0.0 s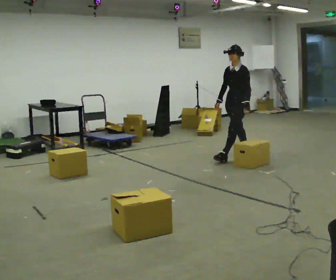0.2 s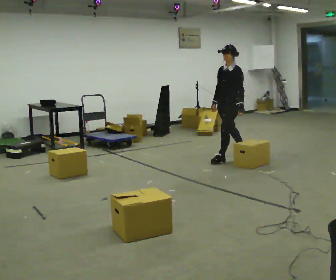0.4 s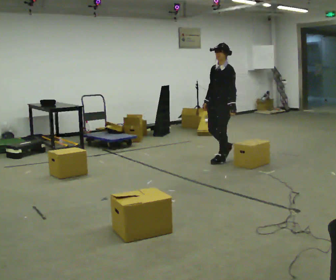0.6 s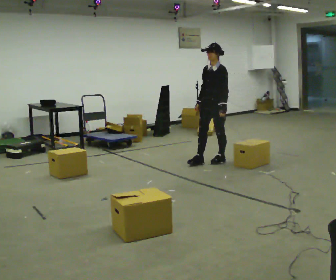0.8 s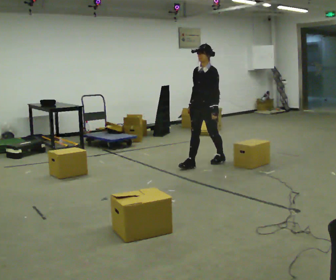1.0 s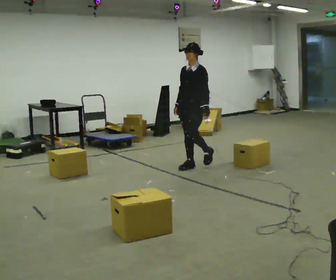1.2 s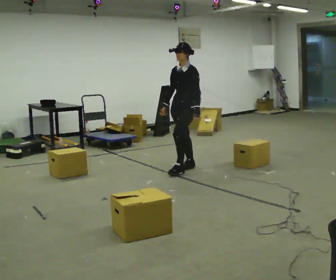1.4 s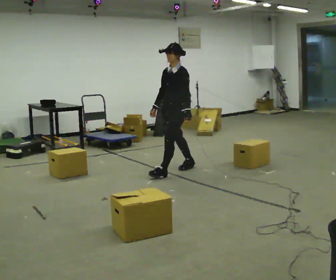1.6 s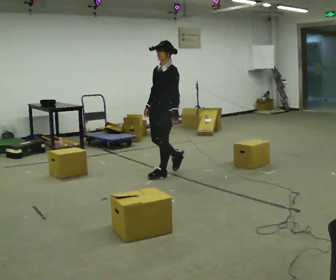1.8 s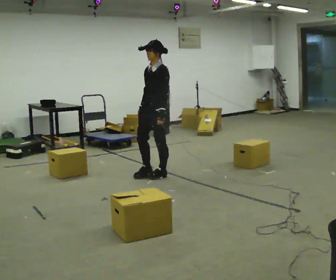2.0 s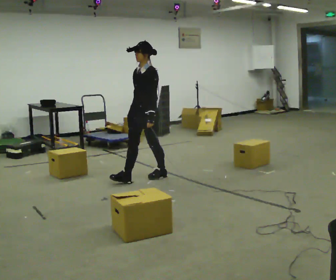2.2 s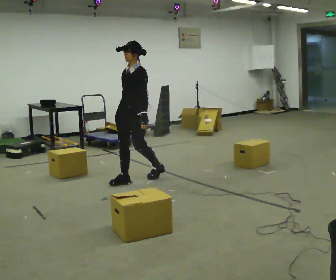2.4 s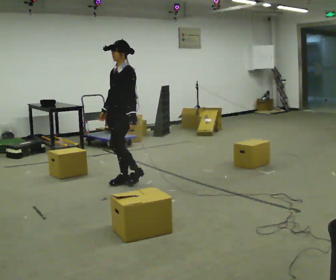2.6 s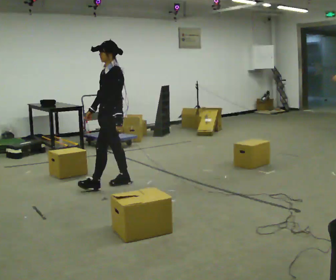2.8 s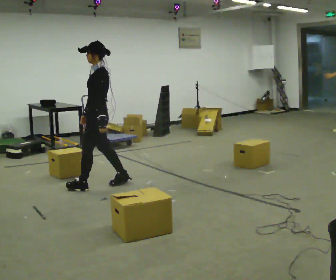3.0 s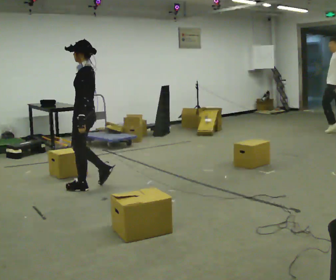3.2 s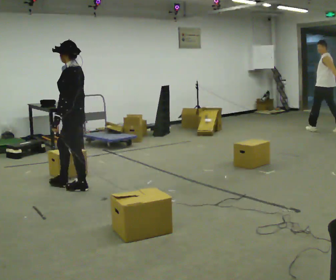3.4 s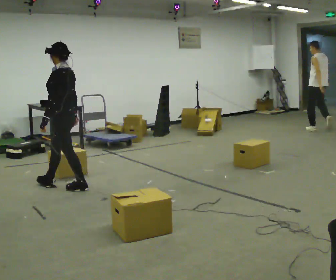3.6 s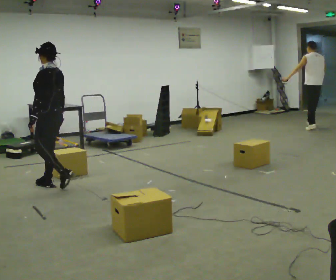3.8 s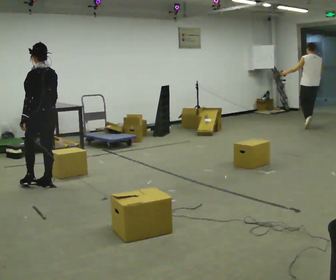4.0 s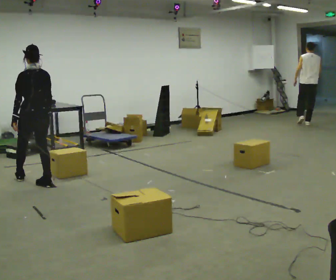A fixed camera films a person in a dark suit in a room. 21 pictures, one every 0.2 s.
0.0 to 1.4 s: In the picture they go to the left and toward the camera, about 1 m in 3 steps, which for them is forward.
1.4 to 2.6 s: In the picture they go to the left and toward the camera, about 1 m in 1 step, which for them is forward.
2.6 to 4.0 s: The part of the body nearest the lens slides to the left as the person turns to their right by about 75 degrees. In the picture they go to the left, about 1 m in 2 steps.
The film runs forward here.
